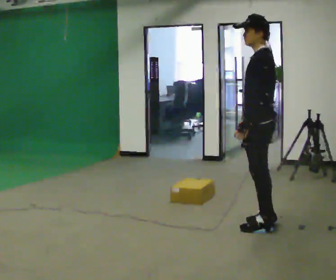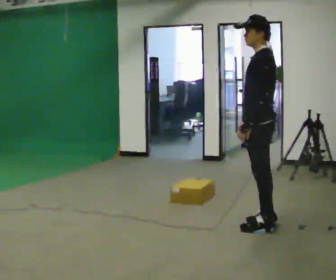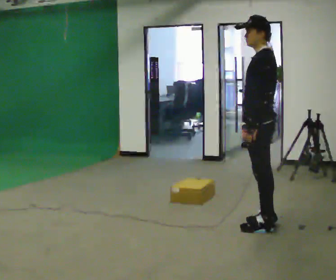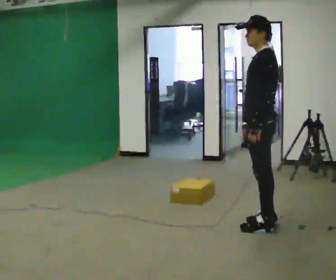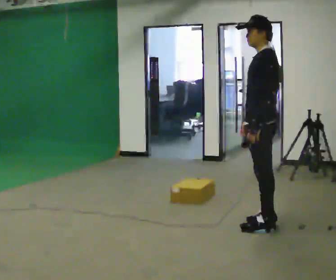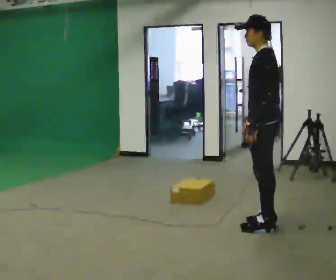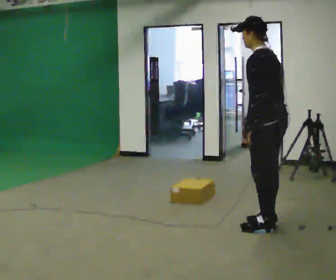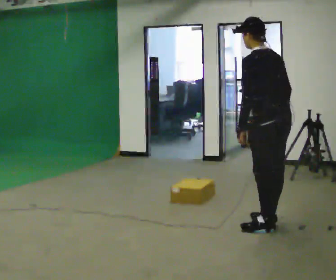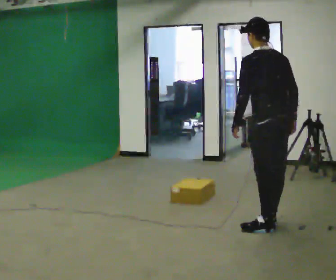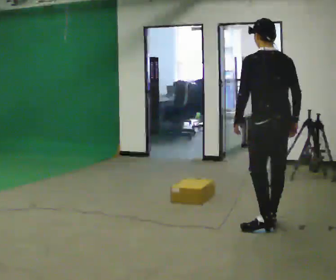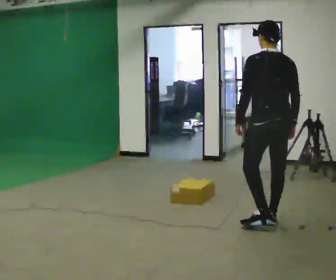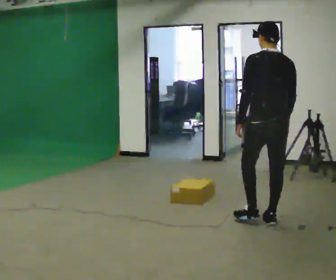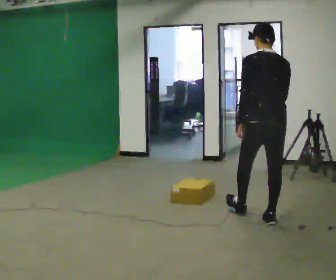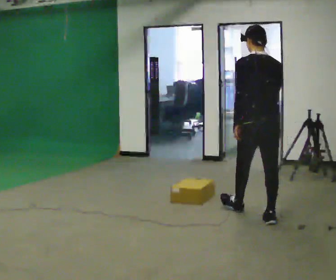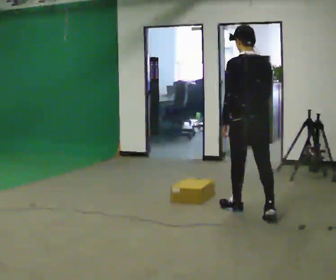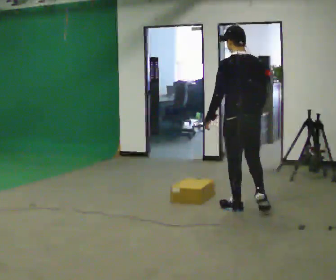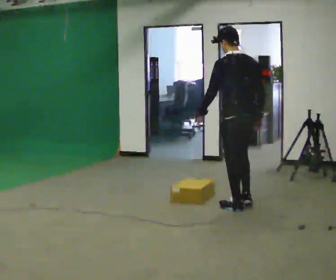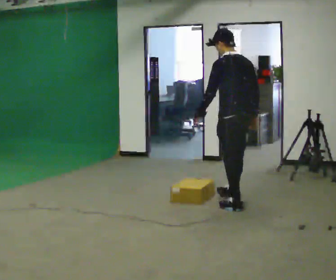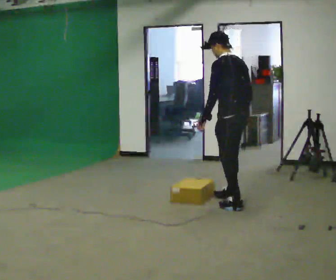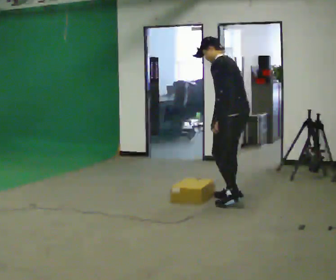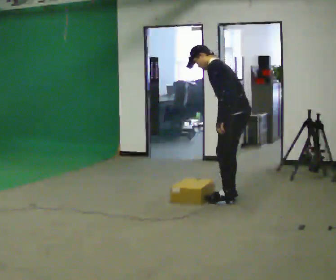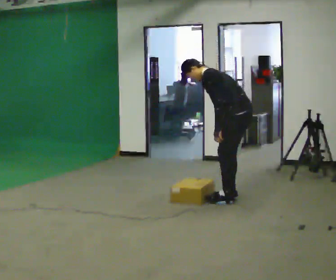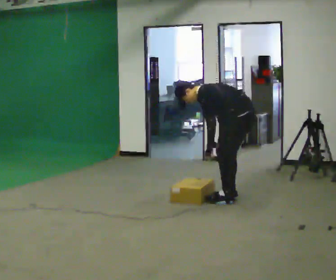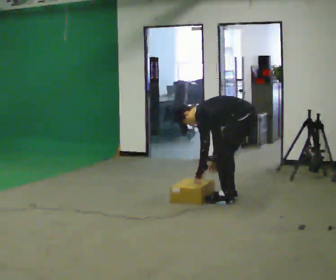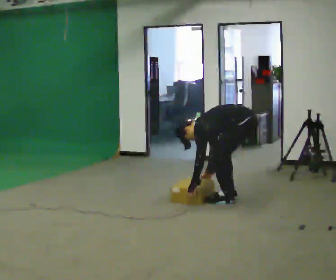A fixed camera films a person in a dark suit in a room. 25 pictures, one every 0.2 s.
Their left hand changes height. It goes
downward.
The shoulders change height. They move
downward.
0.0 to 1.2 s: The person turns about 30 degrees to their right, clockwise seen from above, so the part of the body nearest the lens slides to the left.
1.2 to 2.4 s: Seen from above the body turns clockwise, about 45 degrees: to their right, with its near side sliding to the left. In the picture they go away from the camera, about 0.25 m, which for them is forward.
2.4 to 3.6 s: Seen from above the body turns counterclockwise, about 45 degrees: to their left, with its near side sliding to the right. In the picture they go away from the camera and to the left, about 0.75 m in 2 steps, which for them is forward.
3.6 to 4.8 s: The upper body goes downward. In the picture the upper body tilts counterclockwise, shoulders to the left, as they bend forward. In the picture their left hand goes downward.
The film runs forward here.
